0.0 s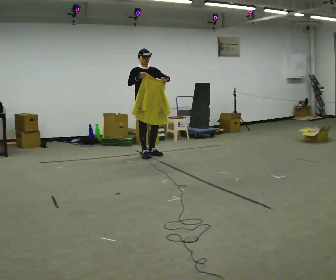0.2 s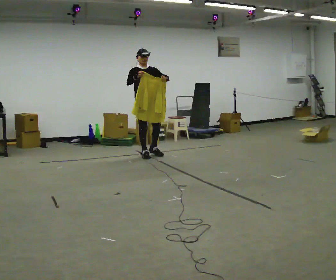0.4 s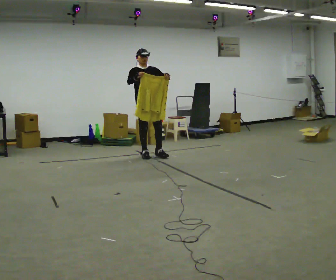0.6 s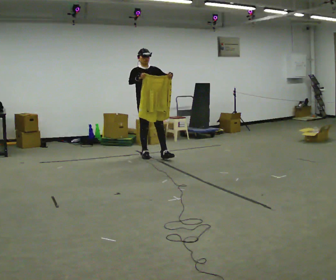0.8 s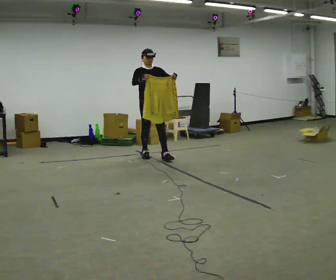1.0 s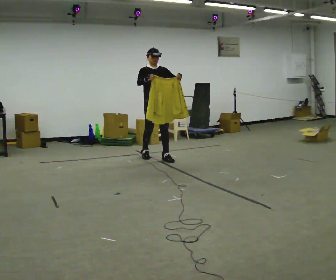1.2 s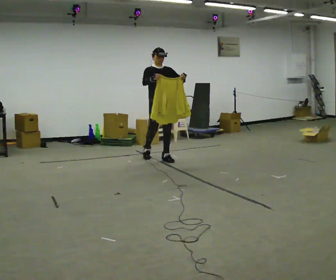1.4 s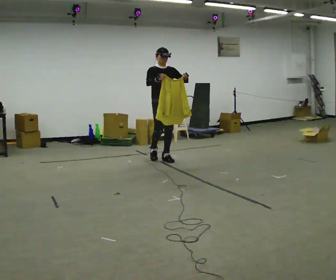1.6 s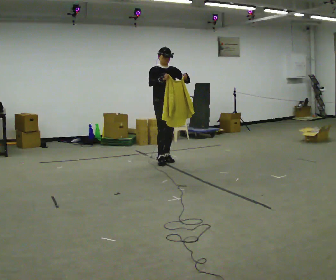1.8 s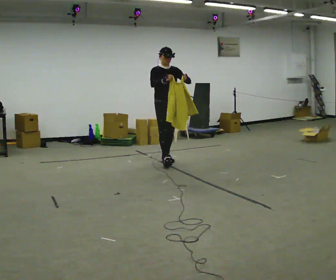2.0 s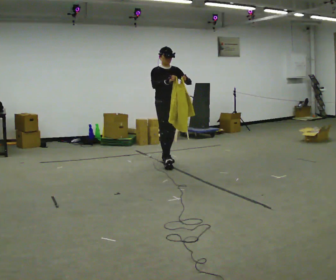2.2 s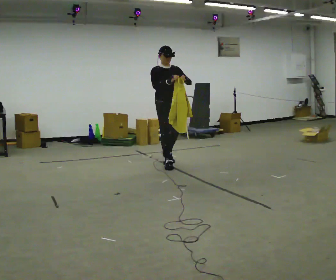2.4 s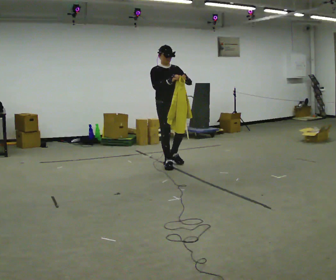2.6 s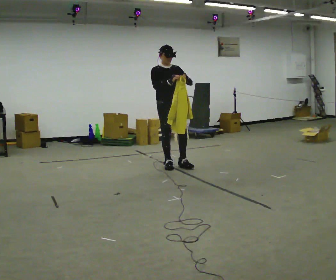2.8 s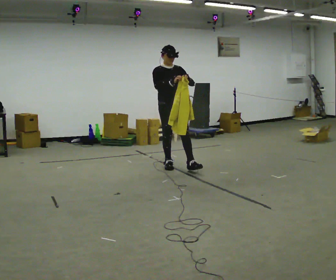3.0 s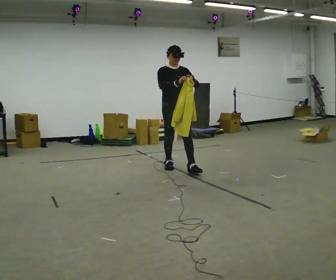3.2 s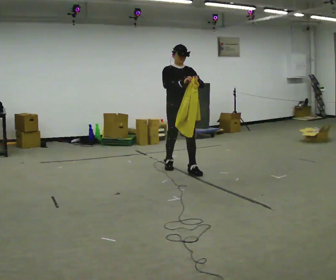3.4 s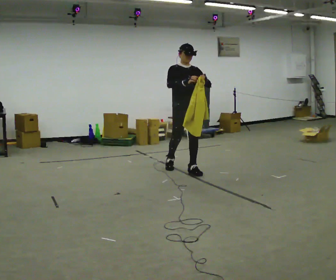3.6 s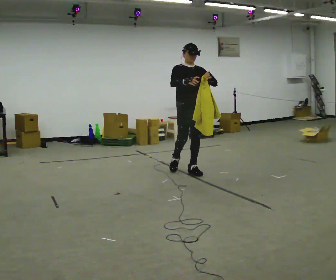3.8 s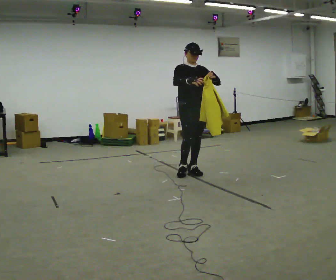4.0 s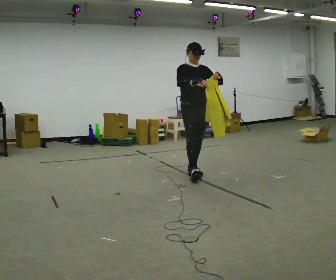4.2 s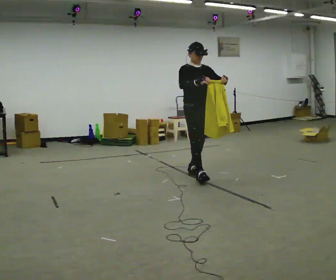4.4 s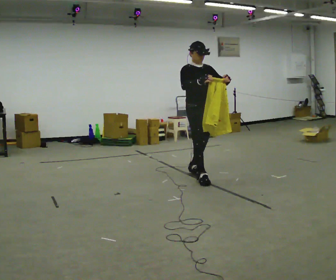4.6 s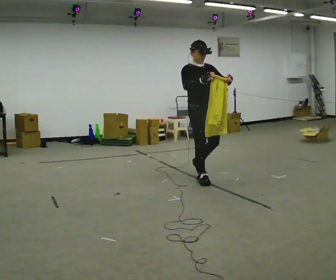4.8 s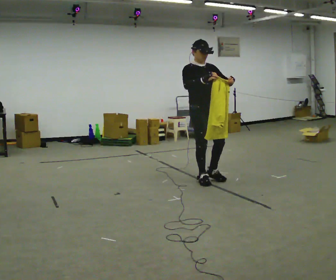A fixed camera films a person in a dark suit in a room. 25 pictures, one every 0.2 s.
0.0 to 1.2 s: In the picture they go to the right and toward the camera, about 0.25 m in 1 step, which for them is forward and to their left.
1.2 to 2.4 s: In the picture they go toward the camera, about 0.5 m in 1 step, which for them is forward.
2.4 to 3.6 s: In the picture they go toward the camera and to the right, about 0.5 m in 1 step, which for them is forward.
3.6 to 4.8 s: In the picture they go toward the camera, about 0.5 m in 1 step, which for them is forward.
The film runs forward here.
